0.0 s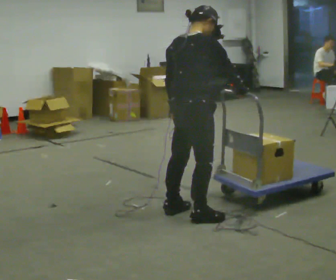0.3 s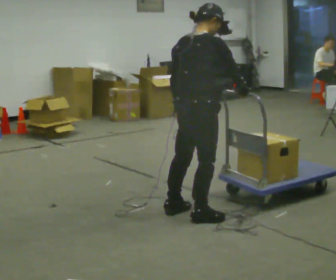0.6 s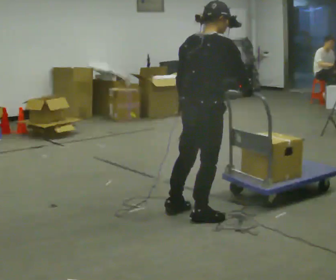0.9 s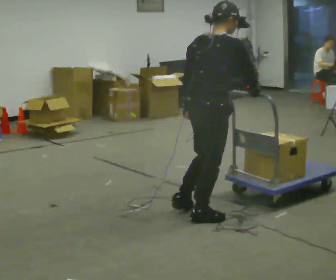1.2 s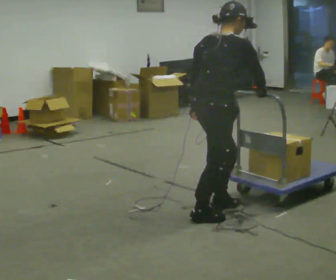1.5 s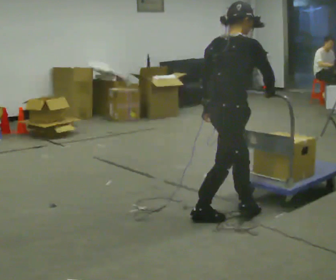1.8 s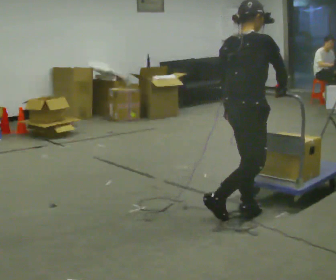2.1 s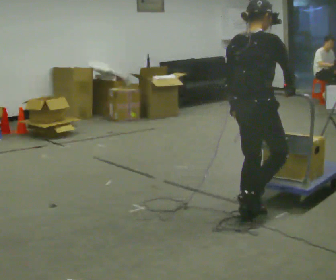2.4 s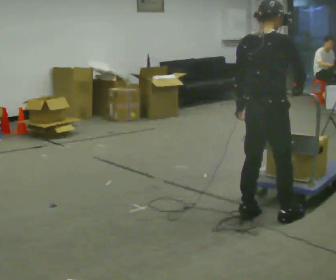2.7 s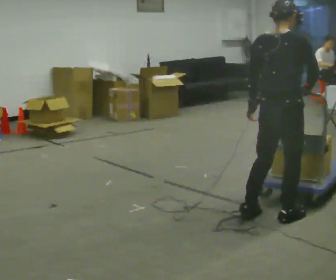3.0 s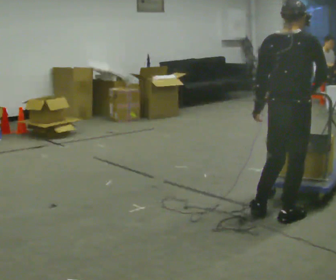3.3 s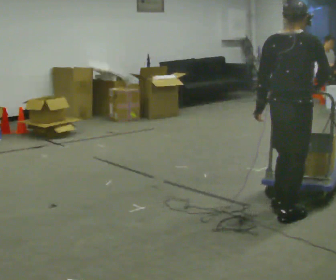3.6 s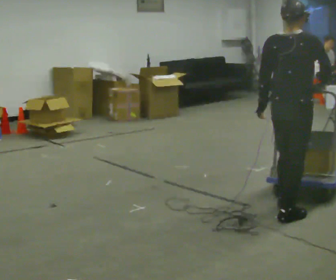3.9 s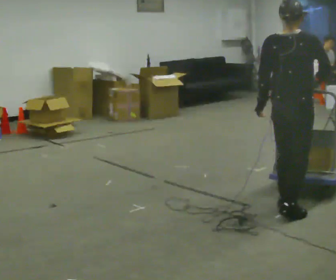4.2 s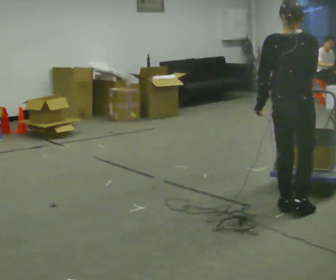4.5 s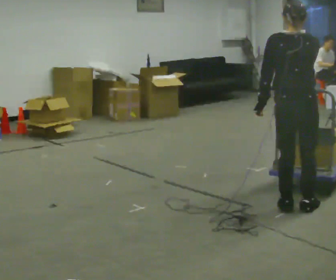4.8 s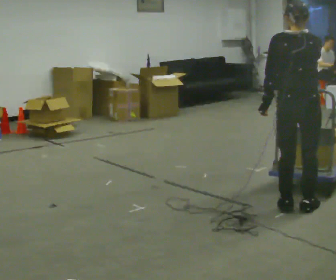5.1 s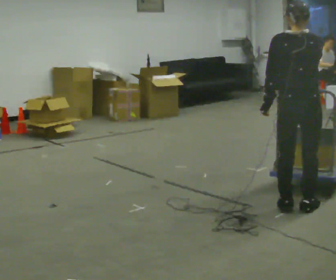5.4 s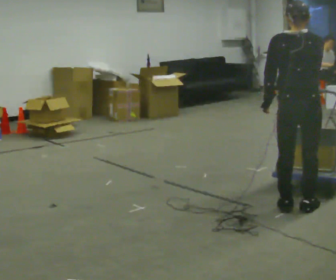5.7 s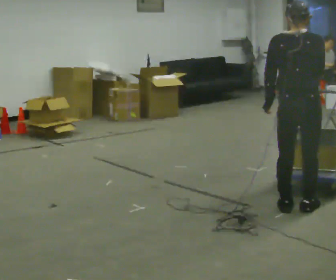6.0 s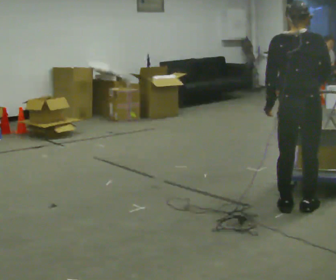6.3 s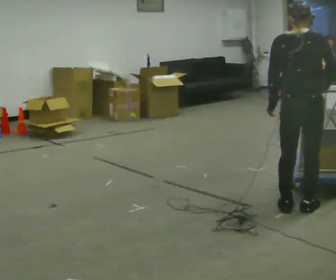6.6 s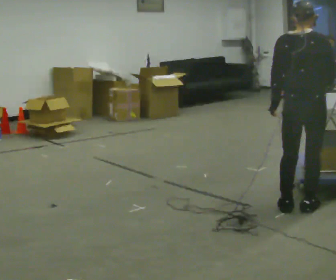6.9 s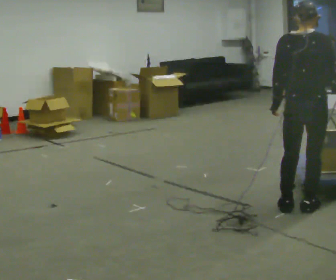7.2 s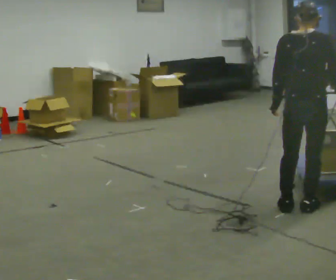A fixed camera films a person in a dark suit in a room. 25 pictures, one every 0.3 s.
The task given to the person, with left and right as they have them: Push the cart across the room using only the hand the operator calls. Keep your other arm at your side.
0.0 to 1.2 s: In the picture they go to the right, about 0.25 m, which for them is to their right.
1.2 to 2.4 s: In the picture they go to the right, about 0.25 m in 2 steps, which for them is forward and to their right.
2.4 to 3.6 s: In the picture they go to the right, about 0.25 m in 1 step, which for them is forward and to their right.
3.6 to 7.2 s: The person moves a little, or ends about where they began.
The film runs forward here.
